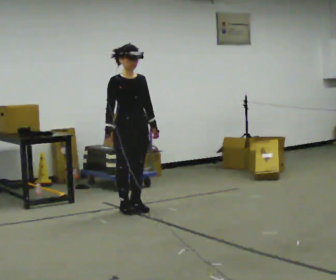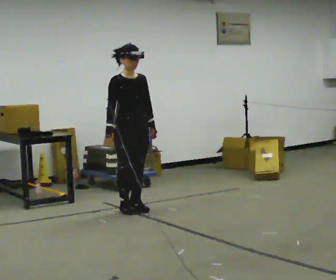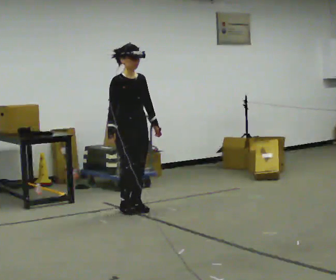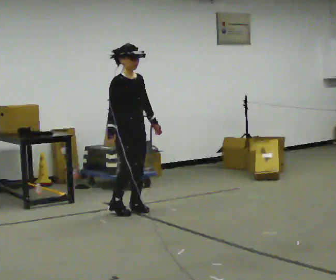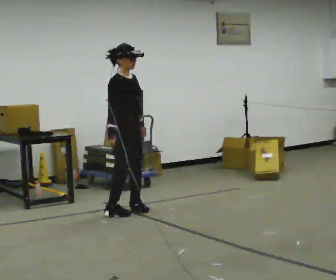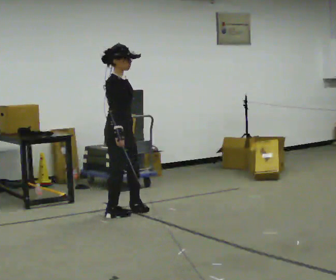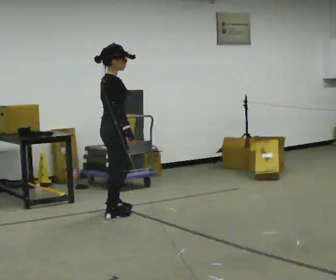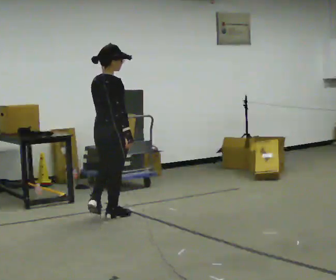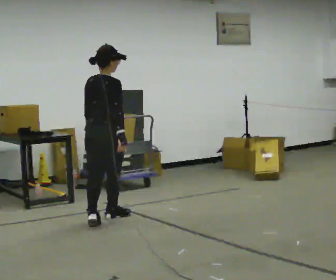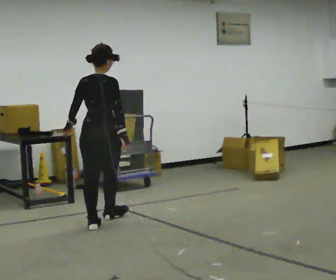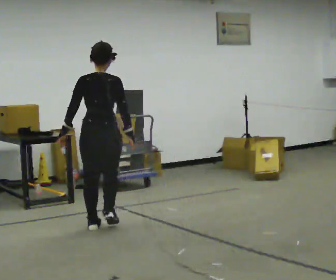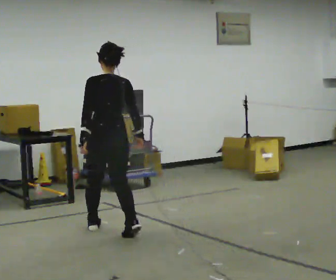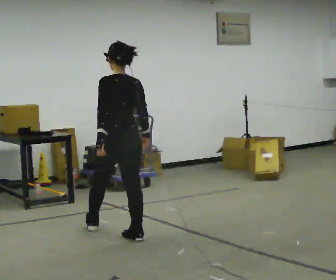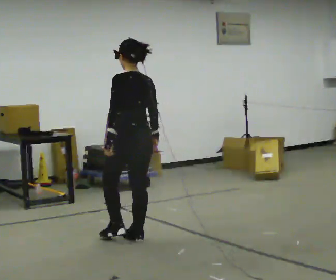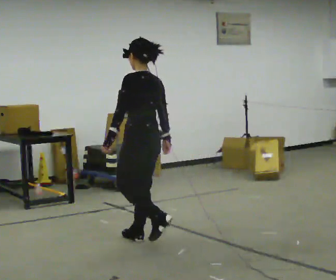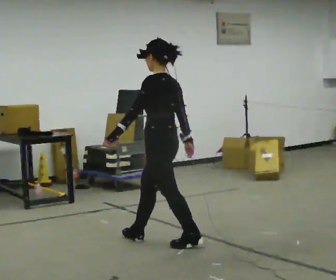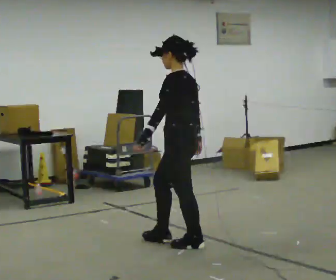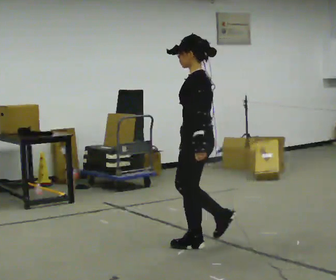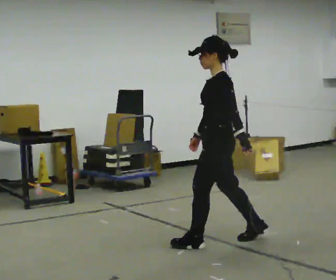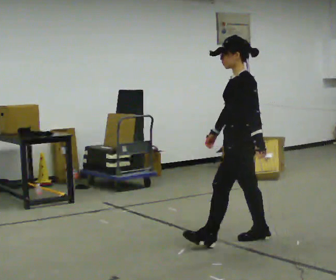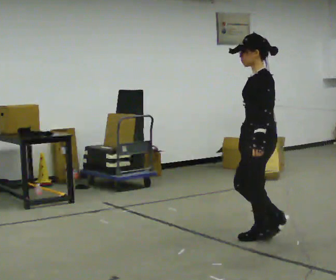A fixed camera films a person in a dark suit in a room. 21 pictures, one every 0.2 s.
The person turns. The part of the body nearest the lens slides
to the right.
The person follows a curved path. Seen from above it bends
counterclockwise.
0.0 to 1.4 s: Seen from above the body turns counterclockwise, about 105 degrees: to their left, with its near side sliding to the right. In the picture they go toward the camera and to the left, about 0.25 m in 2 steps.
1.4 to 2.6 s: Seen from above the body turns counterclockwise, about 90 degrees: to their left, with its near side sliding to the right. In the picture they go toward the camera, about 1 m in 2 steps.
2.6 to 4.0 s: The part of the body nearest the lens slides to the right as the person turns to their left by about 60 degrees. In the picture they go to the right, about 1 m in 2 steps, which for them is backward.
The film runs backward here.
